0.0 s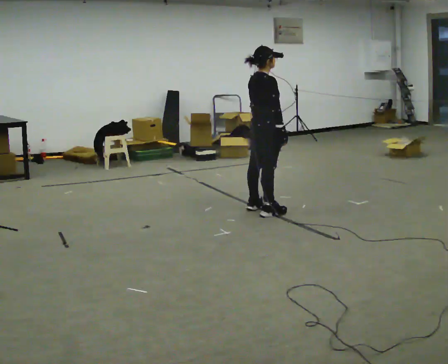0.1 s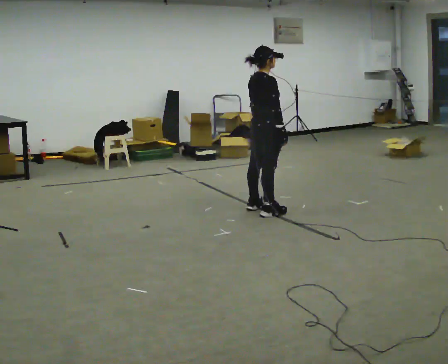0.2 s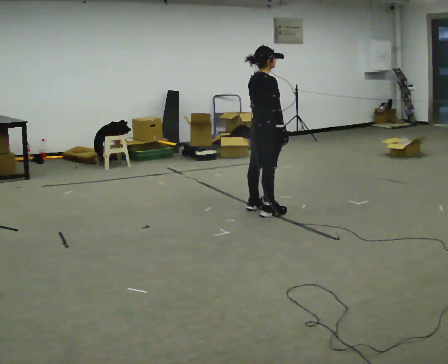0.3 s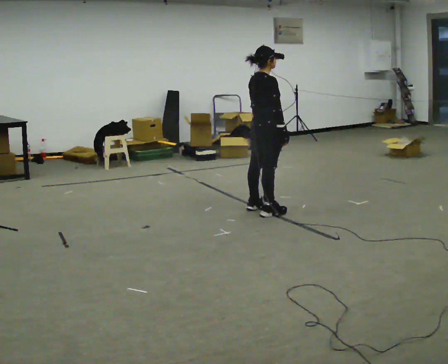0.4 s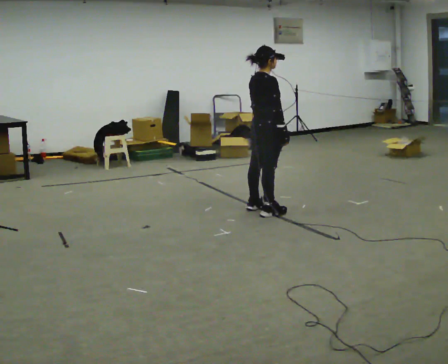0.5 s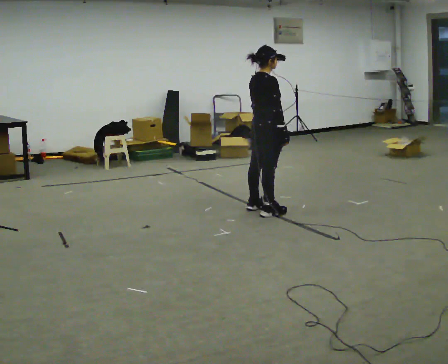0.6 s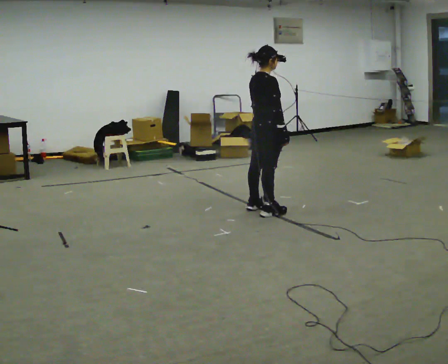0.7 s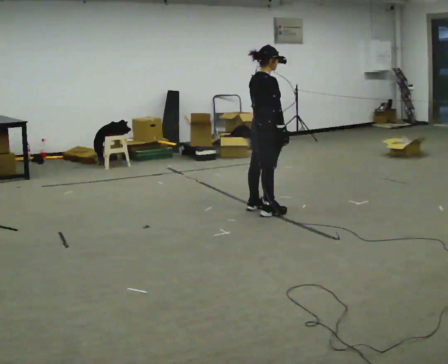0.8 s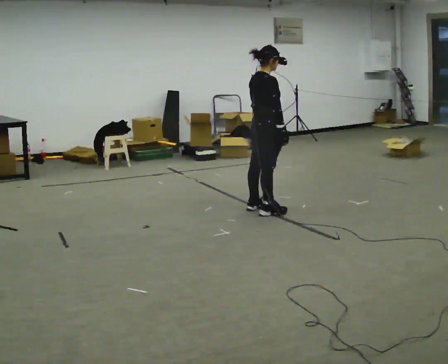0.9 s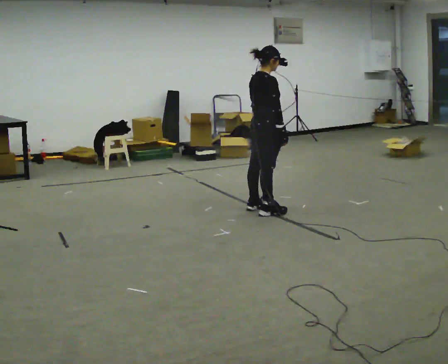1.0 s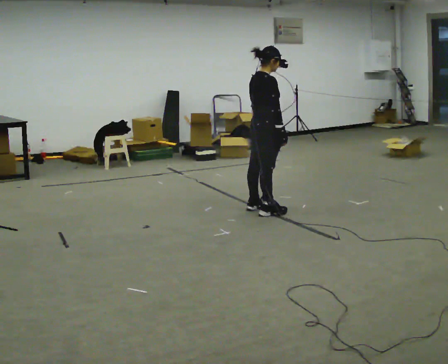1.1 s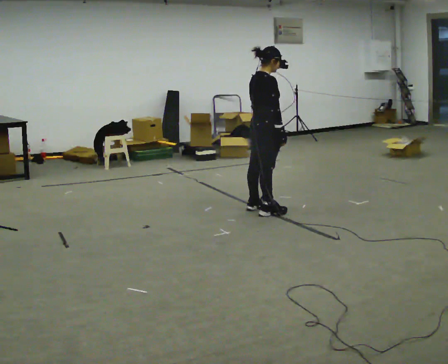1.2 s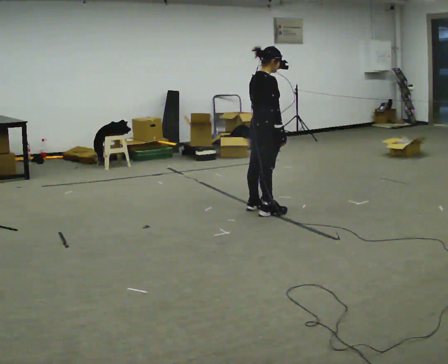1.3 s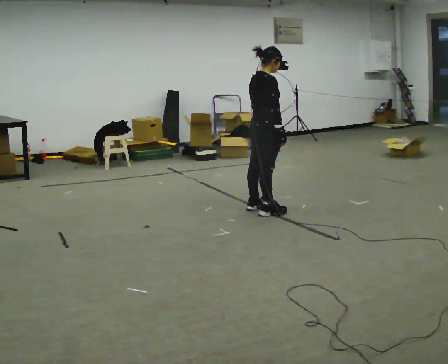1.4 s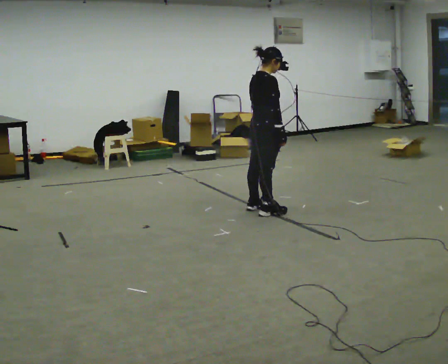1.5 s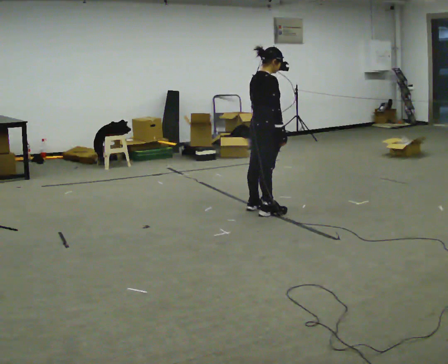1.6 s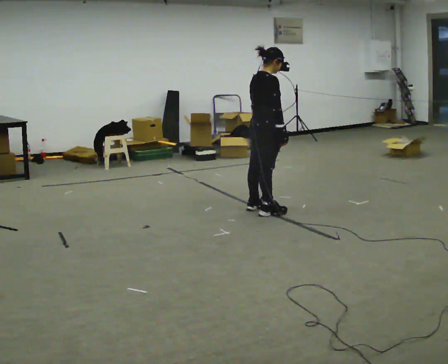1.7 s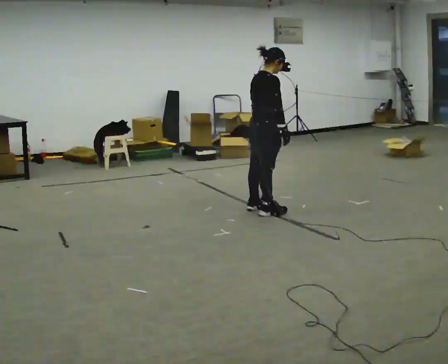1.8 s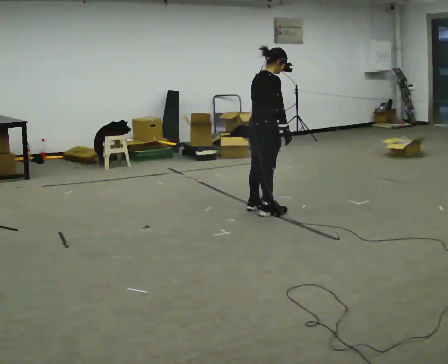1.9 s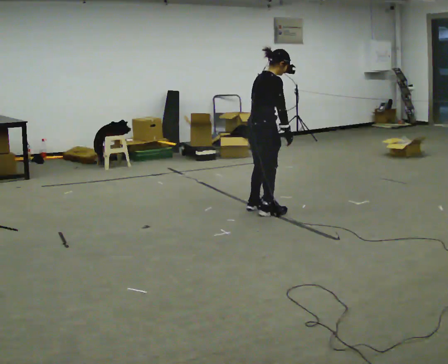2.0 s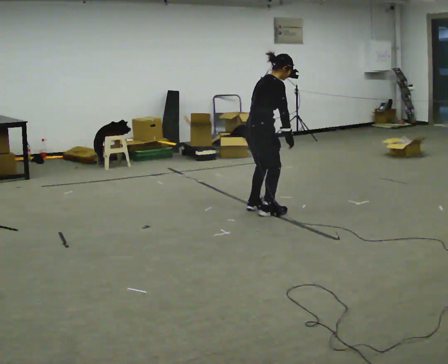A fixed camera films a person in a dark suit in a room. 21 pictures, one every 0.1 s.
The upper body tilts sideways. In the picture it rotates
clockwise.
0.0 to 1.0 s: The person keeps their place and pose.
1.0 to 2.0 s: In the picture the upper body tilts clockwise, shoulders to the right, as they bend forward.
The film runs forward here.
